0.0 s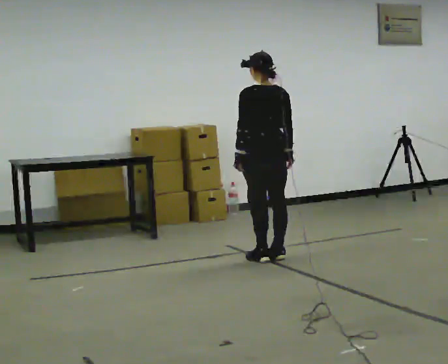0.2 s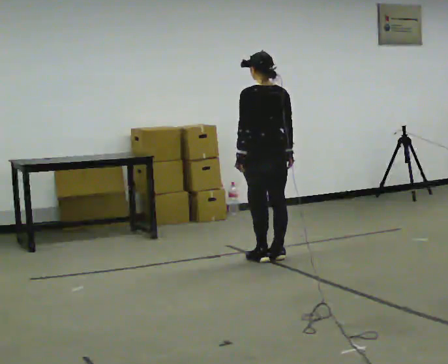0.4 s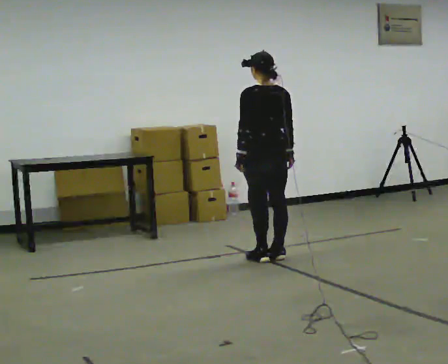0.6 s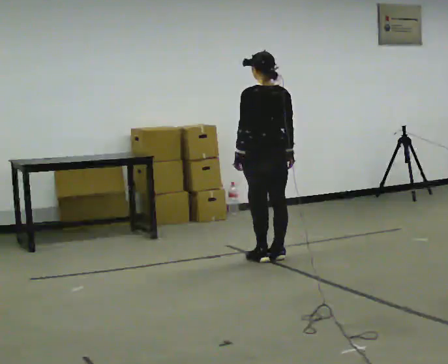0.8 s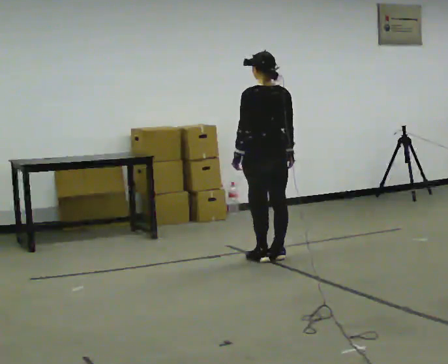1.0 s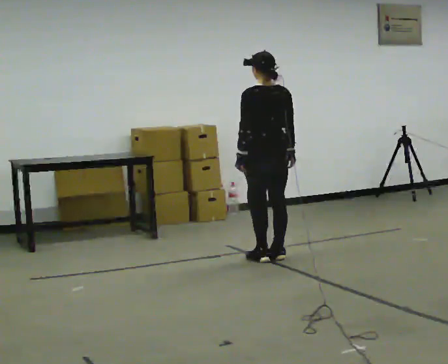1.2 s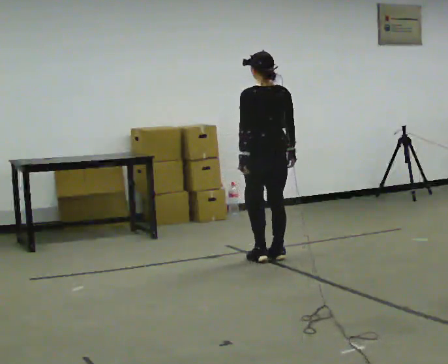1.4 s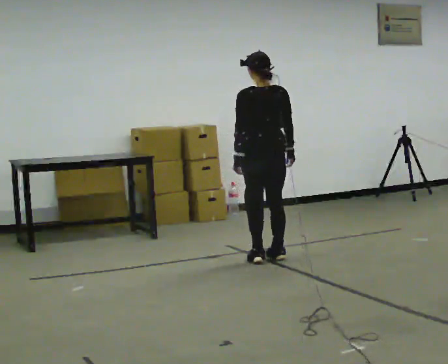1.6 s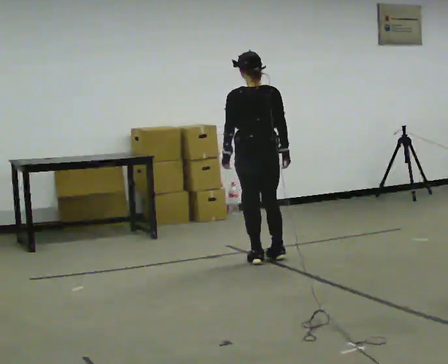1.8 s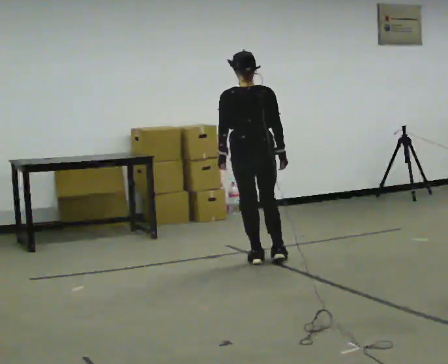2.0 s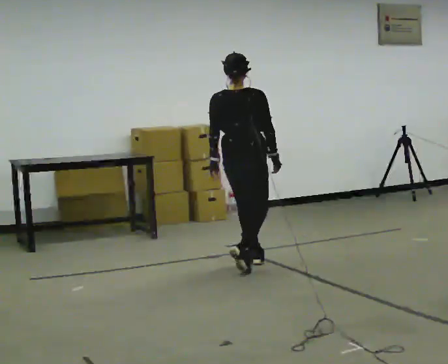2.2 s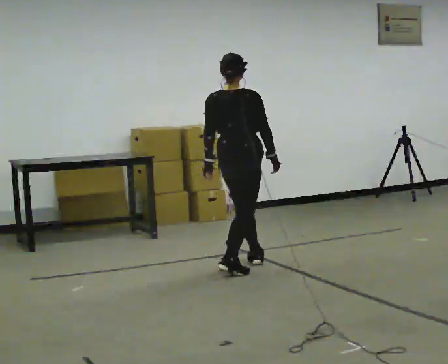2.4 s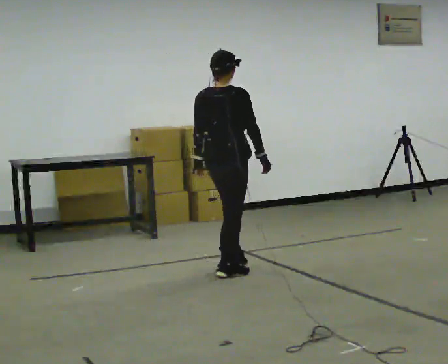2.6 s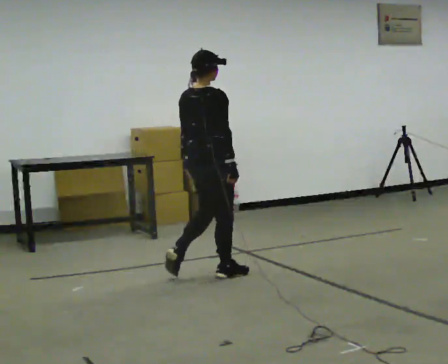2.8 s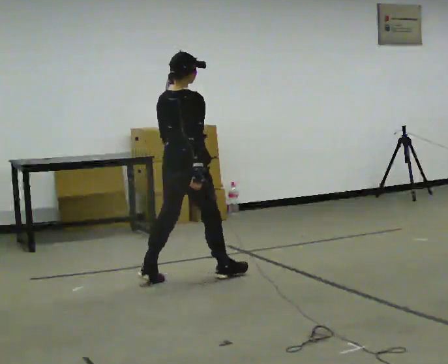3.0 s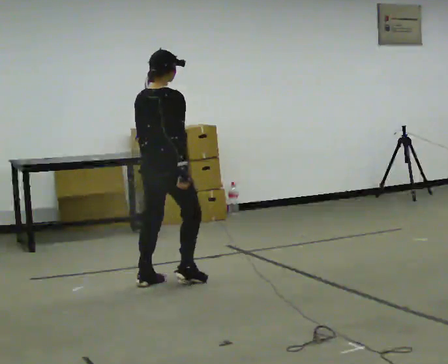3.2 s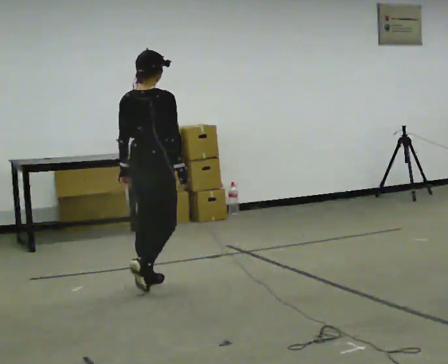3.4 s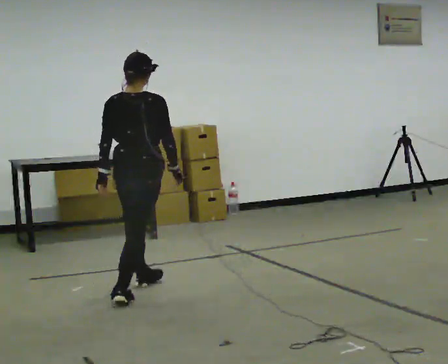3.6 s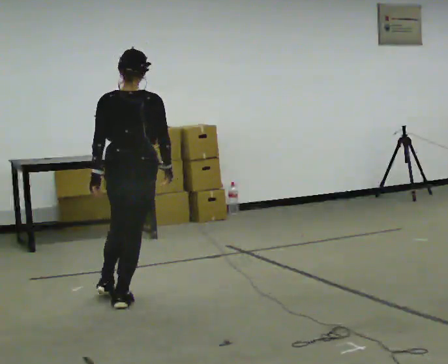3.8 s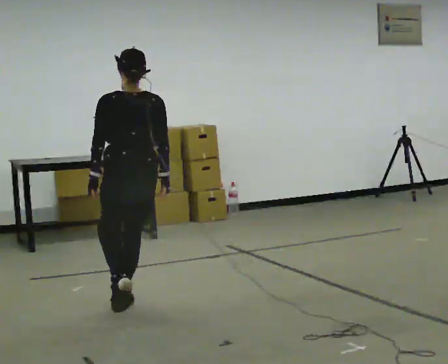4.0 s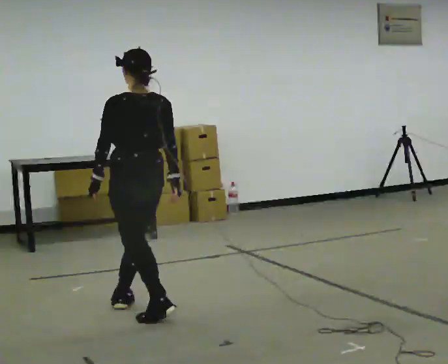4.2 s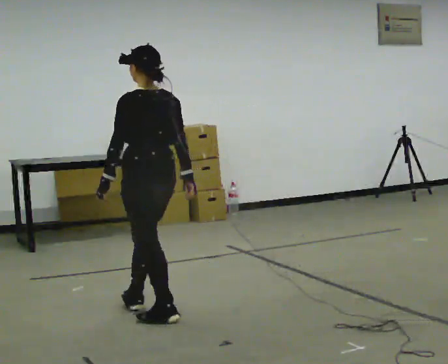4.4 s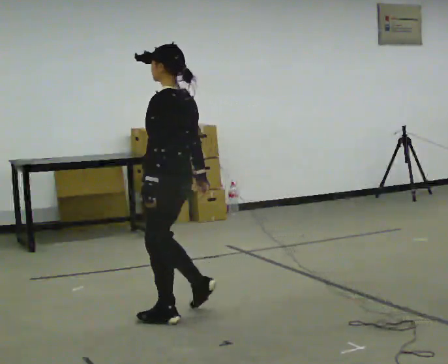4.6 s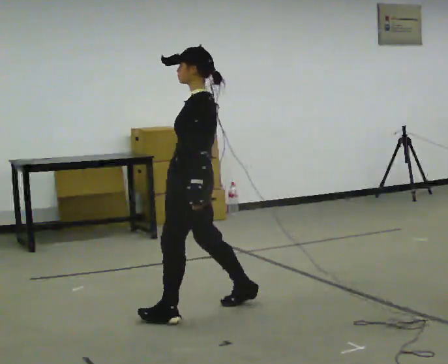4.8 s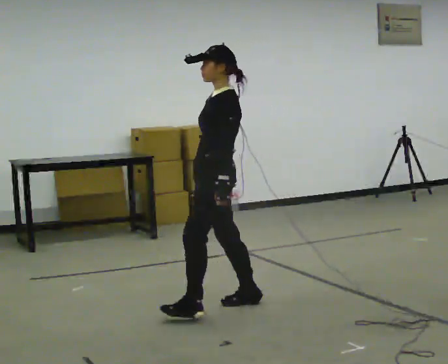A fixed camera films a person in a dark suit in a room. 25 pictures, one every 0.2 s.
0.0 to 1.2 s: The person moves a little, or ends about where they began.
1.2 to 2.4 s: The person turns about 60 degrees to their right, clockwise seen from above, so the part of the body nearest the lens slides to the left. In the picture they go toward the camera and to the left, about 0.5 m in 2 steps, which for them is backward and to their left.
2.4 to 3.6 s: The part of the body nearest the lens slides to the right as the person turns to their left by about 30 degrees. In the picture they go toward the camera and to the left, about 1 m in 2 steps, which for them is backward.
3.6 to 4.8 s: Seen from above the body turns counterclockwise, about 105 degrees: to their left, with its near side sliding to the right. In the picture they go to the right, about 0.5 m in 2 steps.
The film runs backward here.
